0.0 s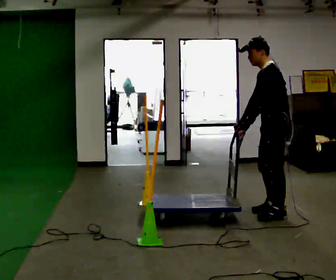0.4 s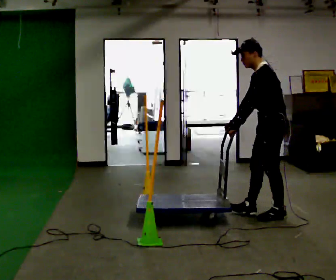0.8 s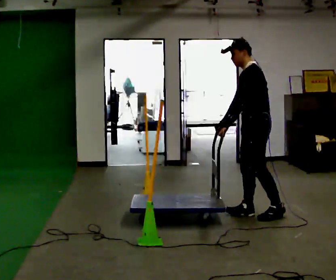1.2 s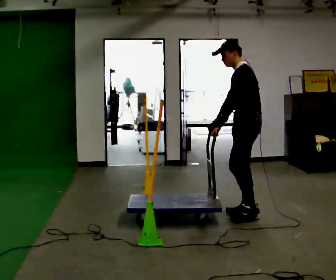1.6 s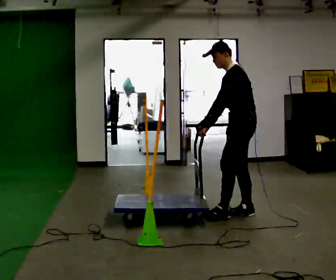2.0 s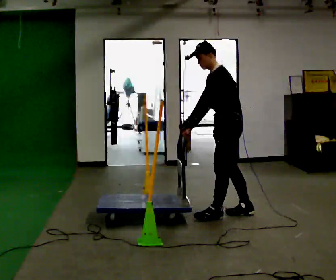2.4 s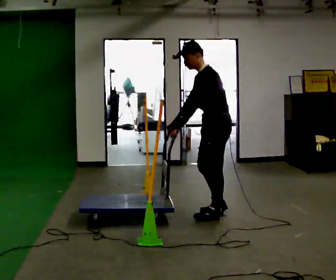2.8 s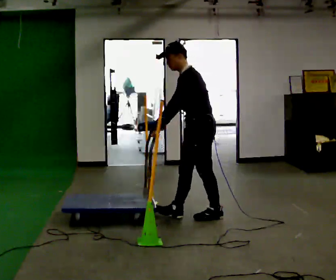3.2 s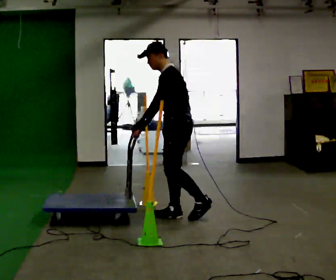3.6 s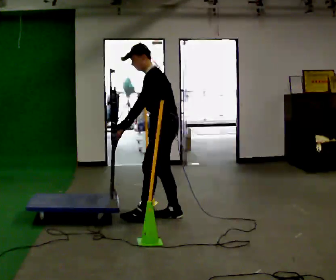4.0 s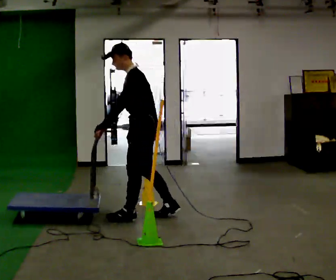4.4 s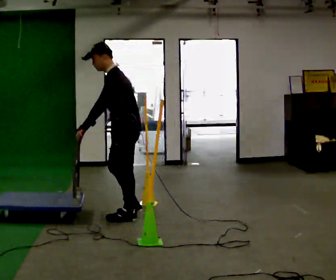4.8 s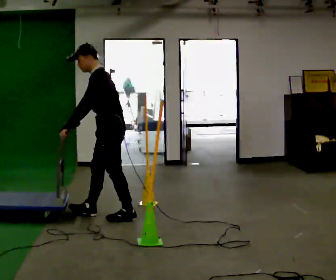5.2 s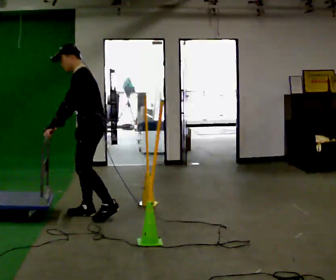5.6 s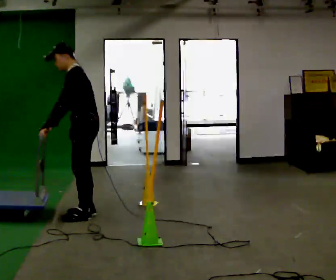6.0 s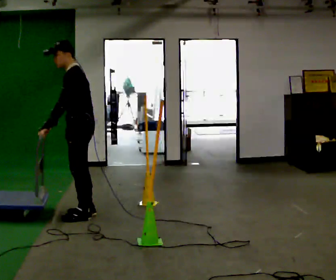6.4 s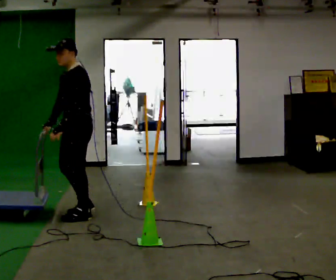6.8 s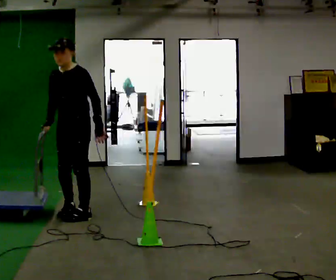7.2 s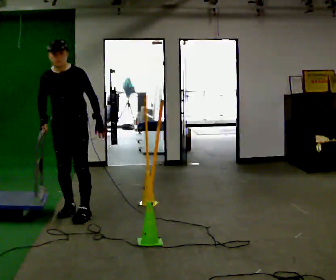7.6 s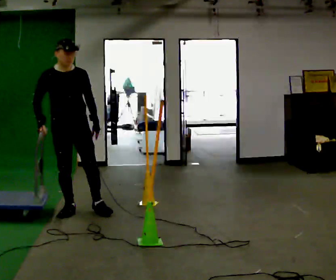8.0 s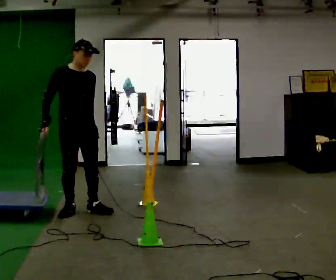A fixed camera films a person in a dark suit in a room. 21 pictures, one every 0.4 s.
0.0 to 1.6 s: In the picture they go to the left, about 0.25 m in 1 step, which for them is forward and to their right.
1.6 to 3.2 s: In the picture they go to the left, about 0.5 m in 2 steps, which for them is forward.
3.2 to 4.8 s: In the picture they go to the left, about 0.75 m in 2 steps, which for them is forward.
4.8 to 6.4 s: In the picture they go to the left, about 0.25 m in 1 step, which for them is forward.
6.4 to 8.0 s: The person turns about 105 degrees to their left, counterclockwise seen from above, so the part of the body nearest the lens slides to the right.
The film runs forward here.
